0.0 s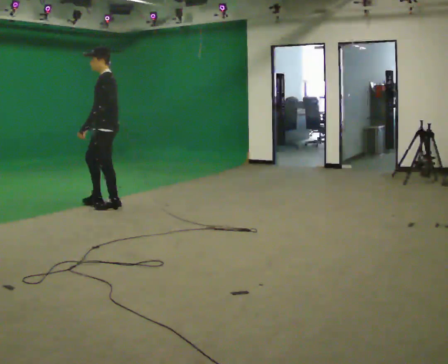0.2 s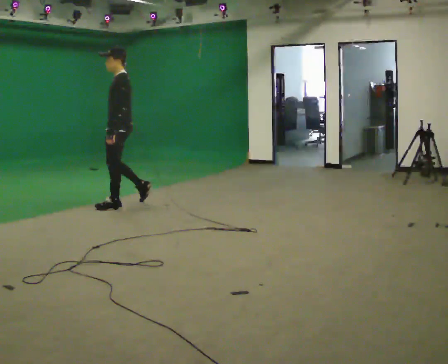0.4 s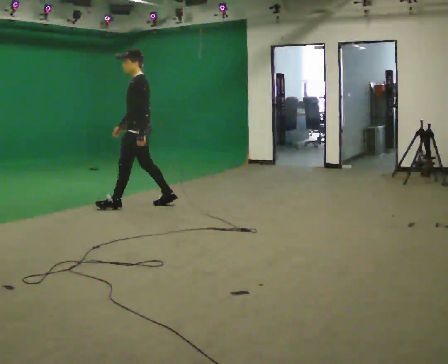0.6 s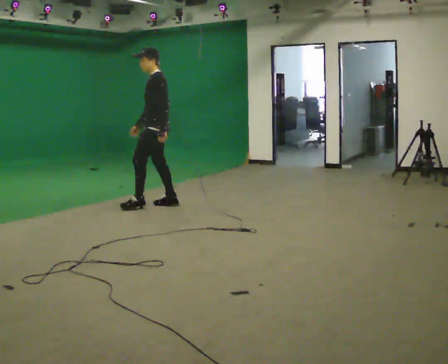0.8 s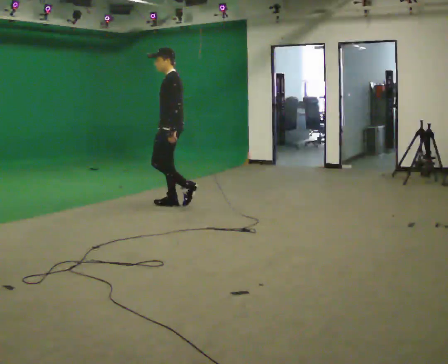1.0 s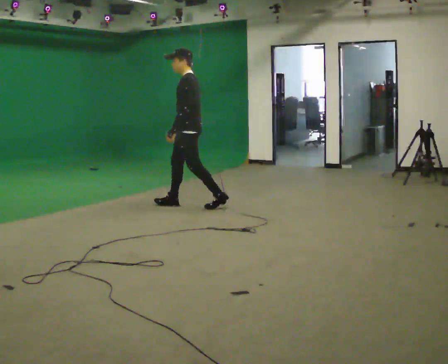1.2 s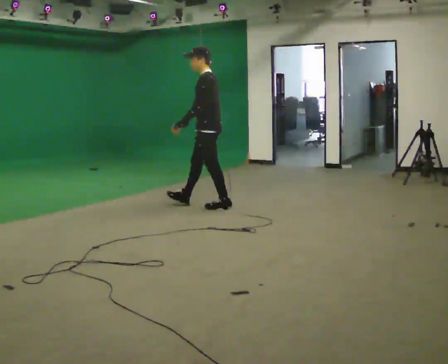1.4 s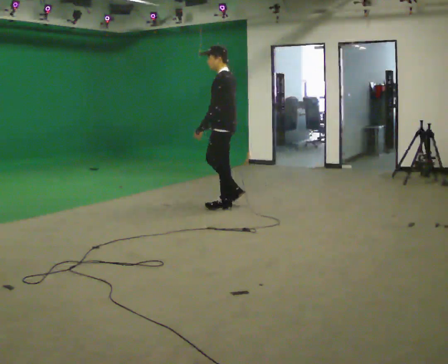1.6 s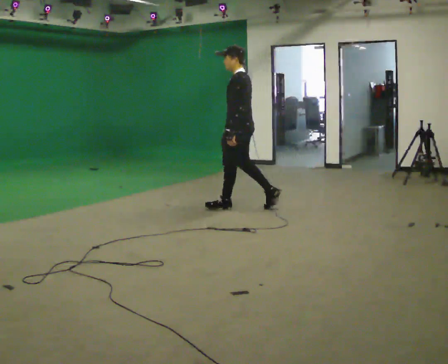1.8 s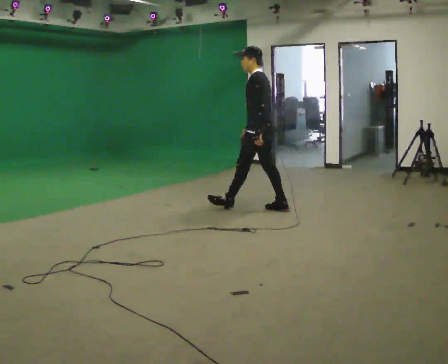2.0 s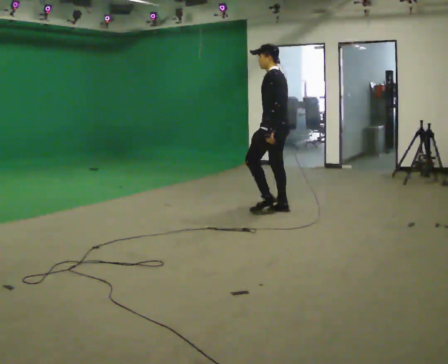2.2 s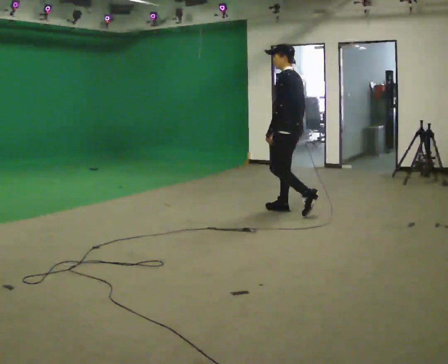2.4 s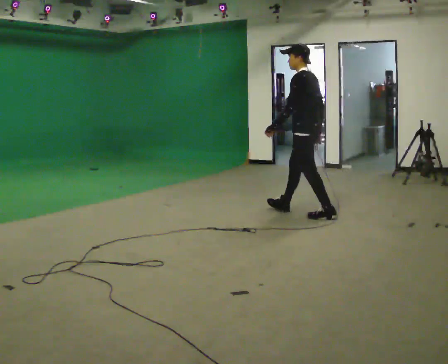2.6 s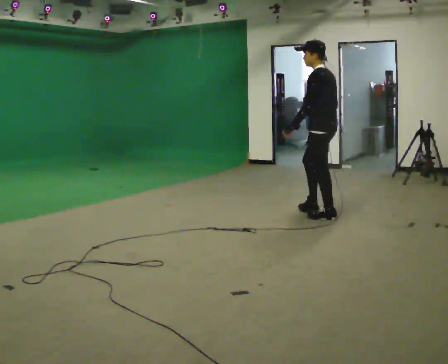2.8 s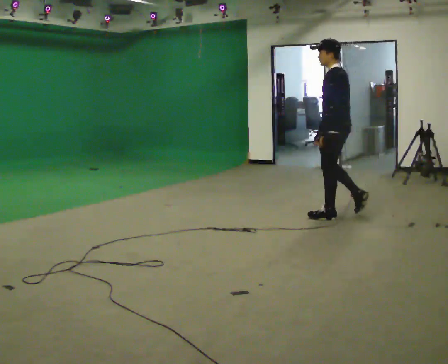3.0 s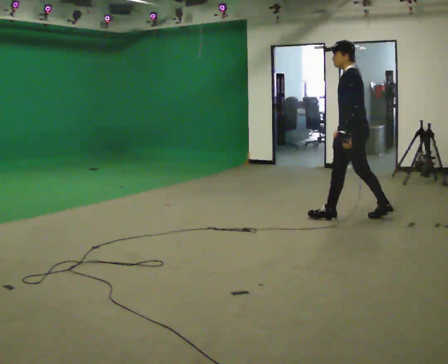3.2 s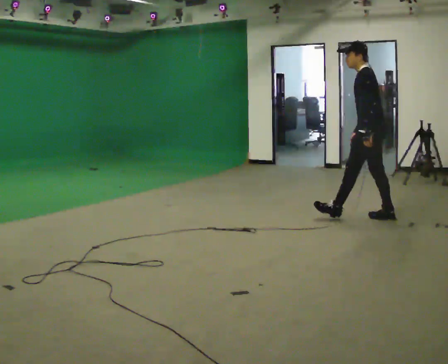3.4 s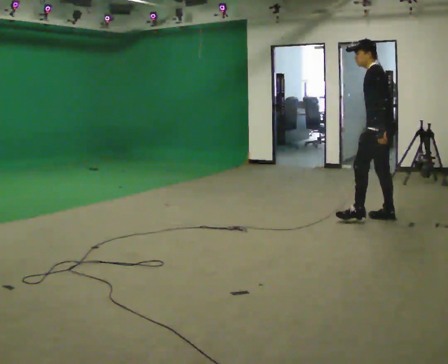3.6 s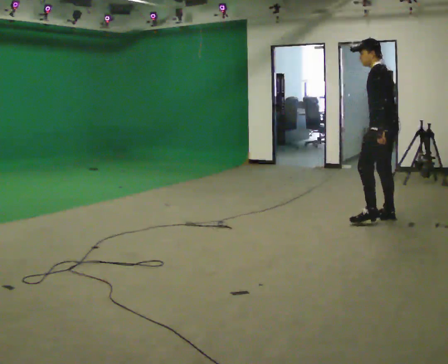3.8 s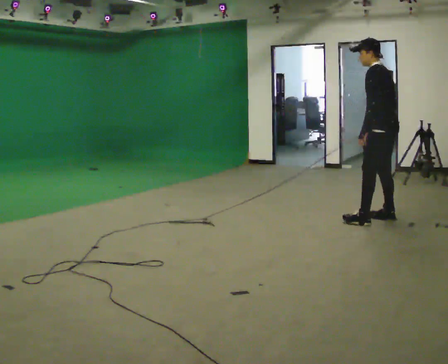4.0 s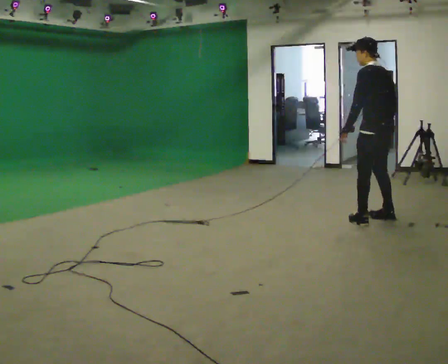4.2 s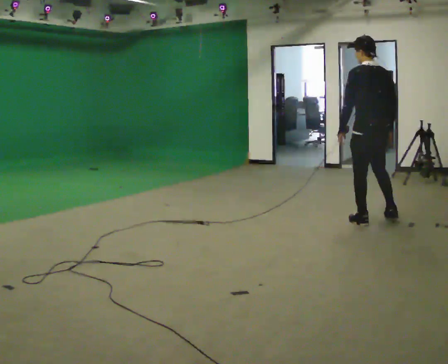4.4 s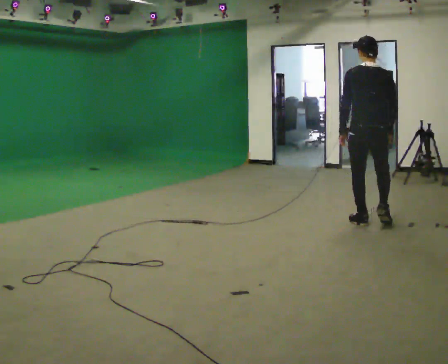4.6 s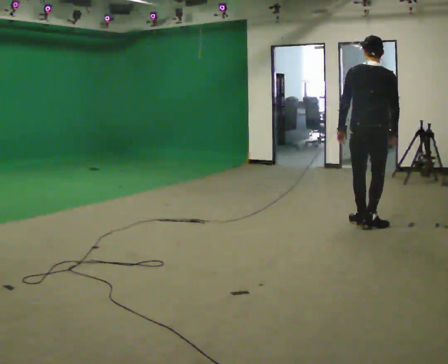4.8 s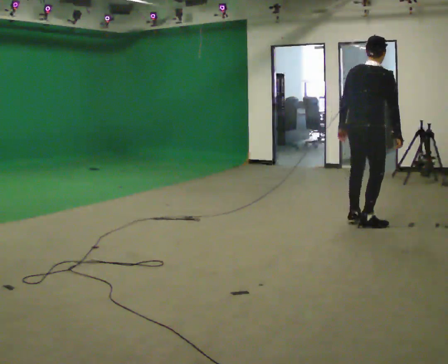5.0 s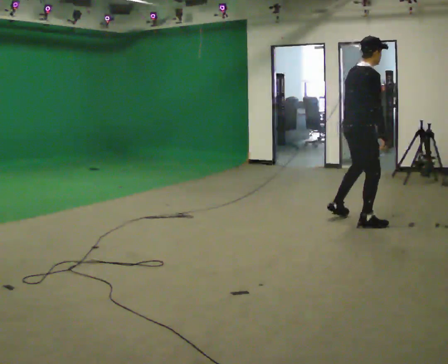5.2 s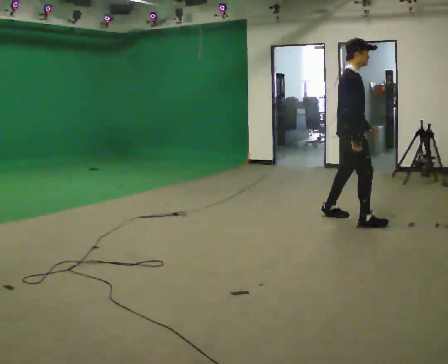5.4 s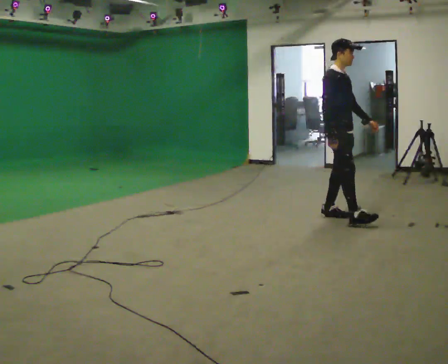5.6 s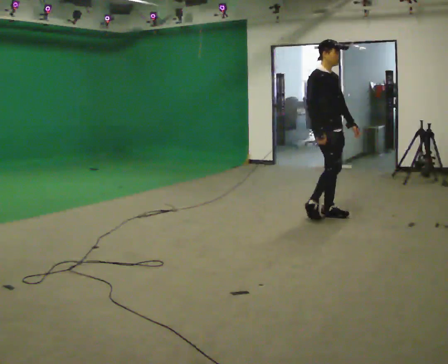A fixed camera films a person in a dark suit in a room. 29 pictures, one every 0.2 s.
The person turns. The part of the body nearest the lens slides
to the left.
The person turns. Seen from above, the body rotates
clockwise.
0.0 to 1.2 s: In the picture they go to the right, about 1 m in 2 steps, which for them is backward.
1.2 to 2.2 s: Seen from above the body turns clockwise, about 30 degrees: to their right, with its near side sliding to the left. In the picture they go to the right, about 1 m in 1 step, which for them is backward.
2.2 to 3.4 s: In the picture they go to the right, about 1 m in 2 steps, which for them is backward.
3.4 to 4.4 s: Seen from above the body turns clockwise, about 60 degrees: to their right, with its near side sliding to the left. In the picture they go toward the camera, about 0.25 m in 1 step. In the picture their left hand goes to the left.
4.4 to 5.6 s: The part of the body nearest the lens slides to the left as the person turns to their right by about 135 degrees. In the picture they go to the left and away from the camera, about 0.5 m in 2 steps.
The film runs backward here.
